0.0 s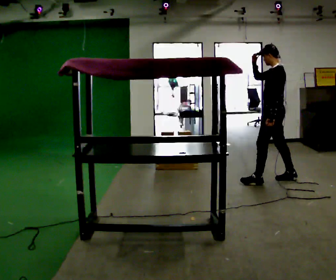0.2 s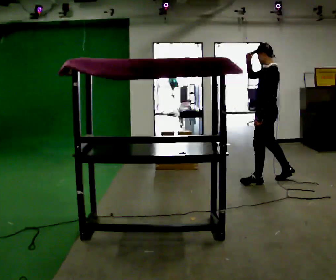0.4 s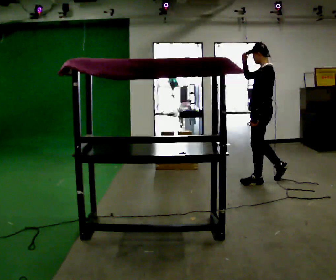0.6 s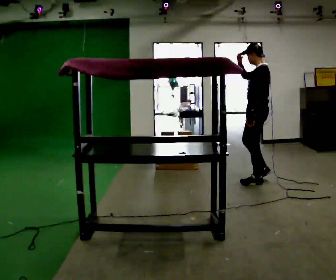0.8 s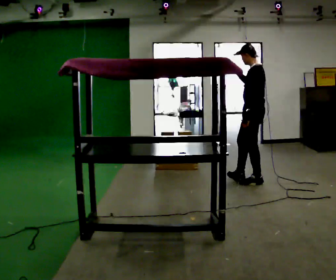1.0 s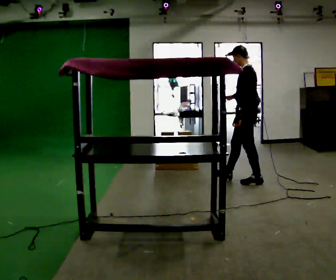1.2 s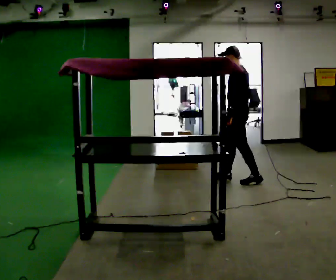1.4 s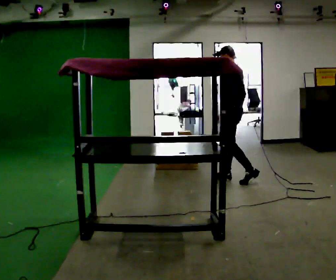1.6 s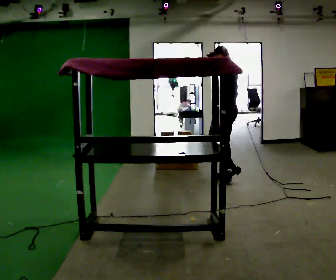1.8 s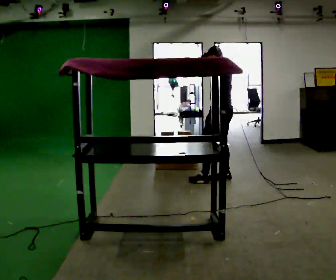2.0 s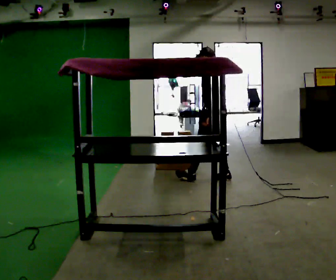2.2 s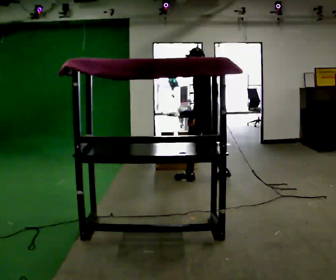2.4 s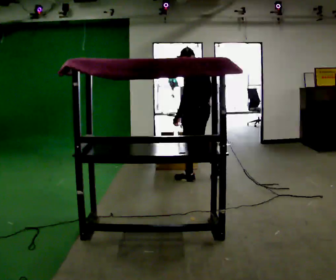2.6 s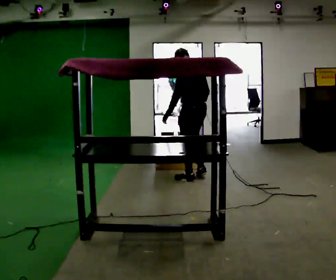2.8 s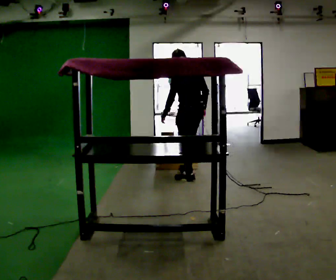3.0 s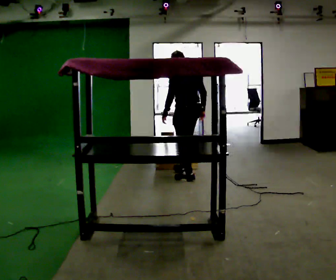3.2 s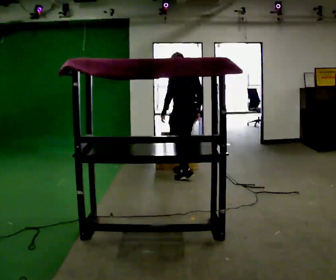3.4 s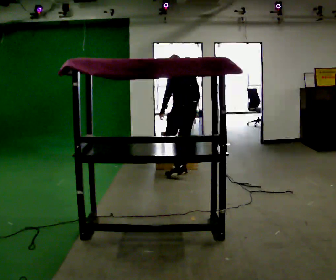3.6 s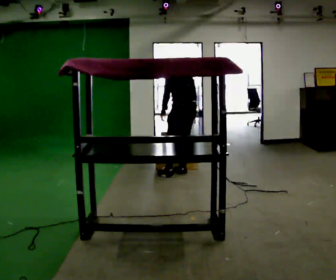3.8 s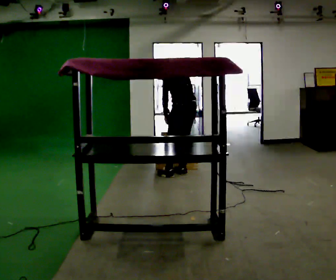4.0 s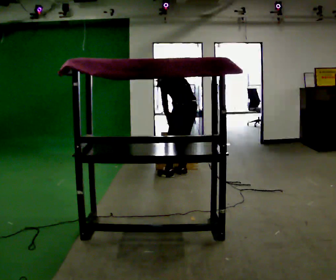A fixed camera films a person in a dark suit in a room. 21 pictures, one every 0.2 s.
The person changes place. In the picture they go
to the left.
Their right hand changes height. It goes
downward.
0.0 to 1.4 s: In the picture they go to the left, about 0.5 m in 1 step, which for them is forward. In the picture their right hand goes downward.
1.4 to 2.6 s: The part of the body nearest the lens slides to the left as the person turns to their right by about 30 degrees. In the picture they go to the left, about 0.5 m in 1 step, which for them is forward.
2.6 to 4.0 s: In the picture they go away from the camera, about 0.25 m in 2 steps, which for them is forward. The upper body tips away from the camera, its near side rolling upward, as they bend forward.
The film runs forward here.
